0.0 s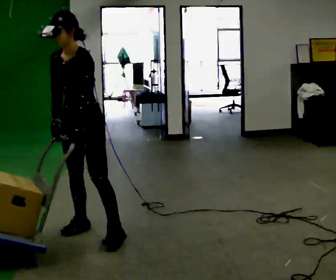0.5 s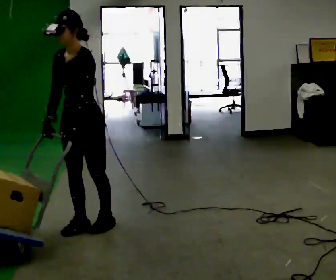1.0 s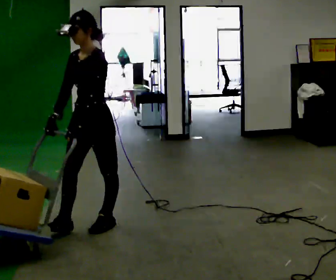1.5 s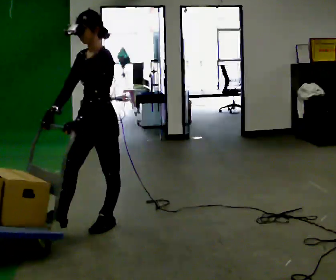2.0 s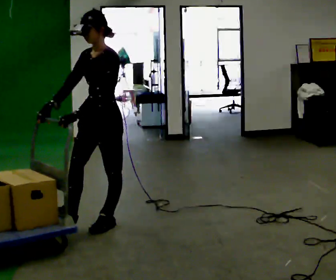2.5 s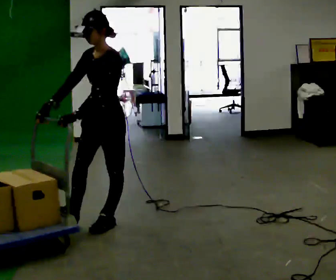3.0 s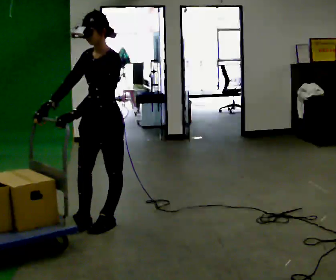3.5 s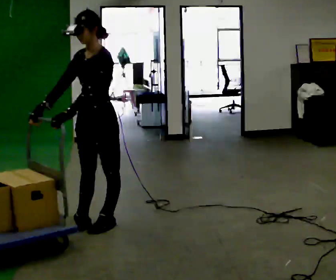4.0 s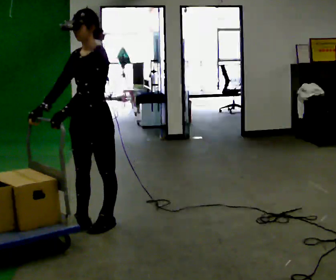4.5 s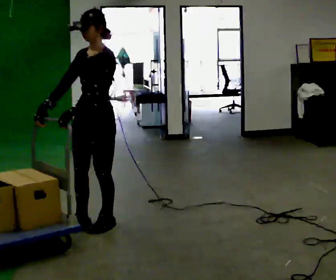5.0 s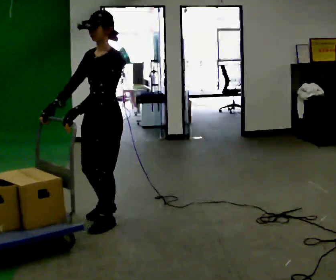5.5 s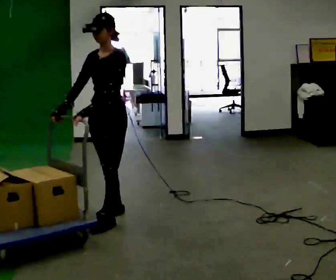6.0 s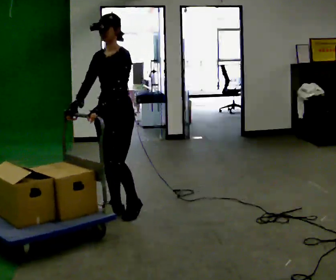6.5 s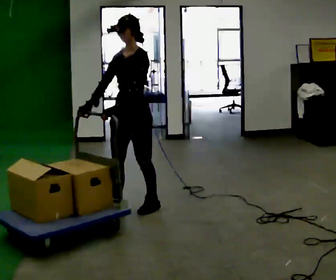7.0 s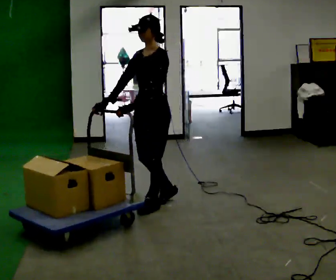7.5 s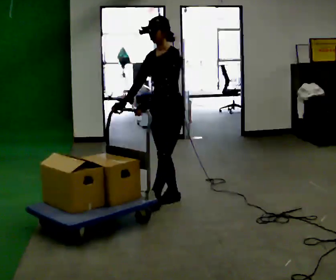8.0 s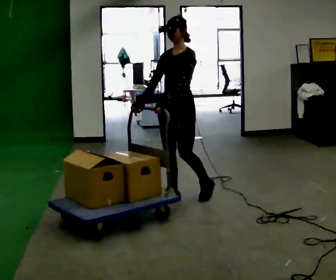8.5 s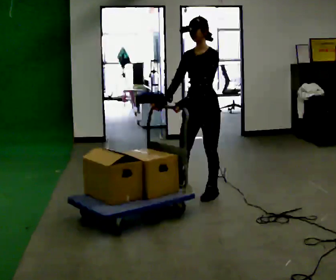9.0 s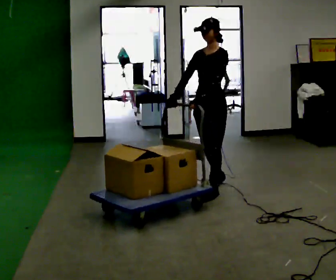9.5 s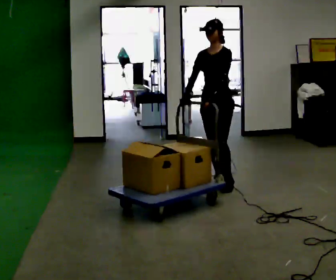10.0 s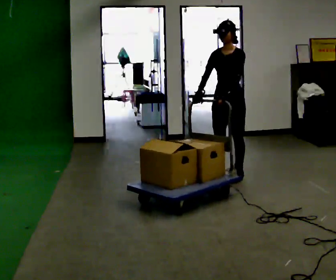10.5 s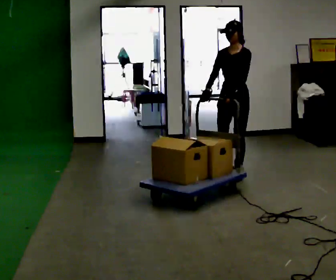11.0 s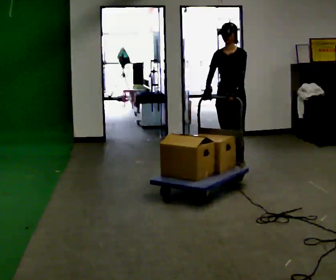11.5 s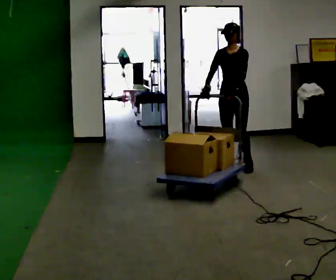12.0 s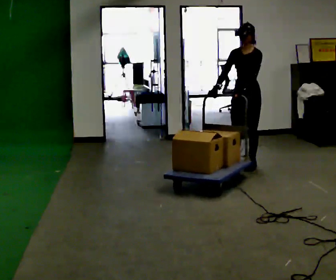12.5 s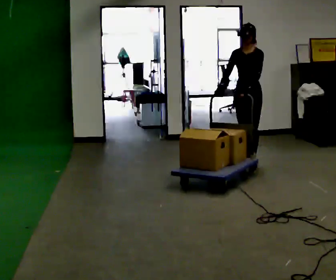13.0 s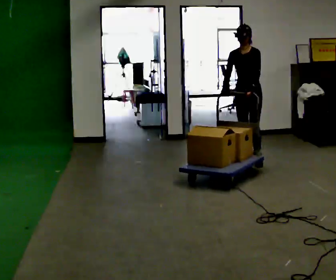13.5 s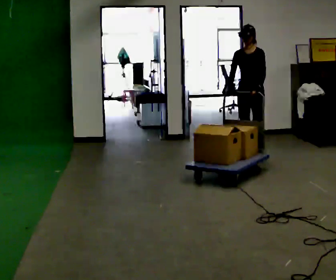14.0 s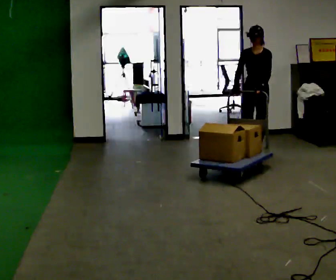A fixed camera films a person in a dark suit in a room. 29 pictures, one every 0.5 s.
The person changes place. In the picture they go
away from the camera.
0.0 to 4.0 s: The person moves a little, or ends about where they began.
4.0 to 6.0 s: In the picture they go away from the camera, about 0.5 m in 2 steps, which for them is backward and to their right.
6.0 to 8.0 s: In the picture they go to the right and away from the camera, about 0.75 m in 2 steps, which for them is backward.
8.0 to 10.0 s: In the picture they go away from the camera and to the right, about 1 m in 2 steps, which for them is backward.
10.0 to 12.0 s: In the picture they go away from the camera and to the right, about 0.5 m in 3 steps, which for them is backward.
12.0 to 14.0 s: In the picture they go away from the camera, about 0.5 m in 2 steps, which for them is backward.
The film runs backward here.
